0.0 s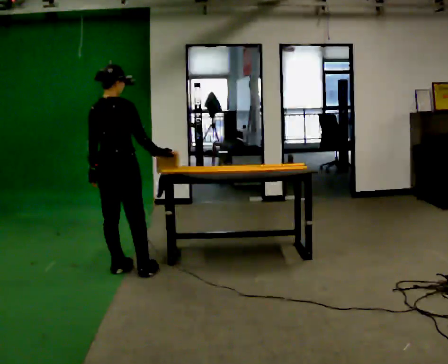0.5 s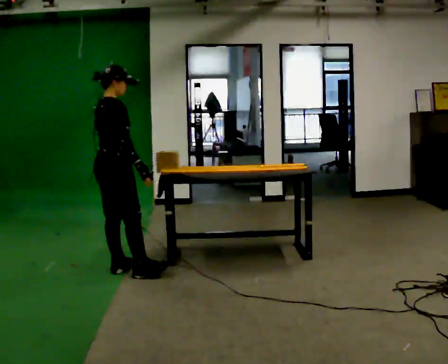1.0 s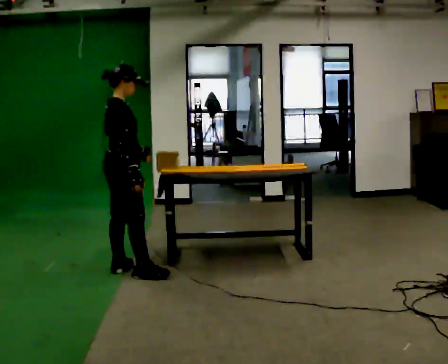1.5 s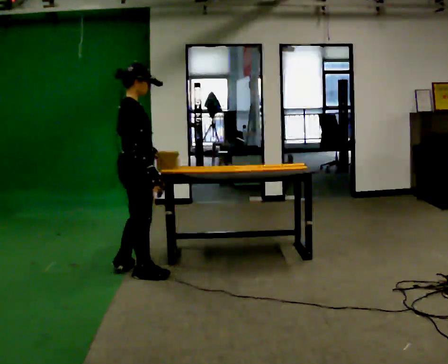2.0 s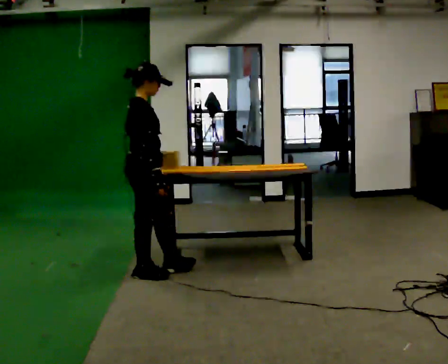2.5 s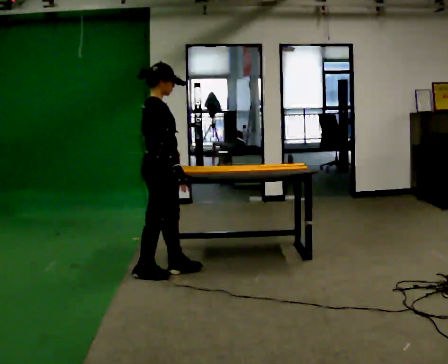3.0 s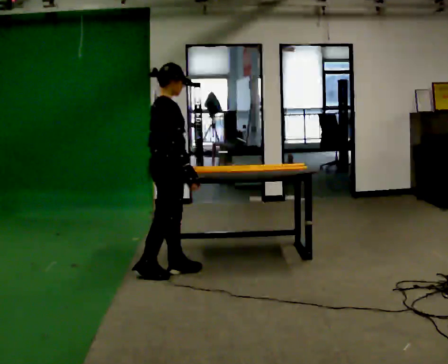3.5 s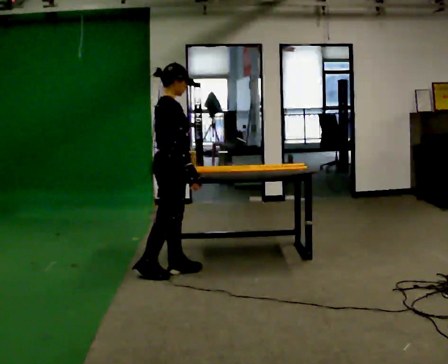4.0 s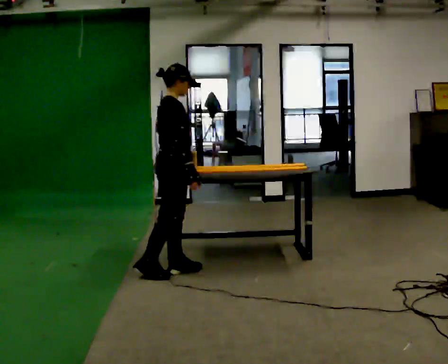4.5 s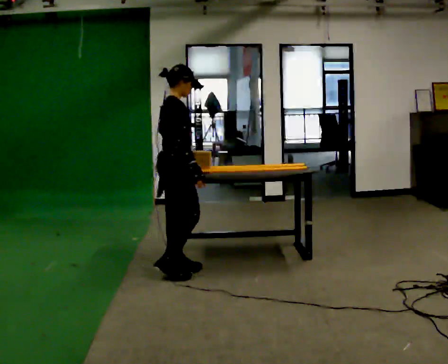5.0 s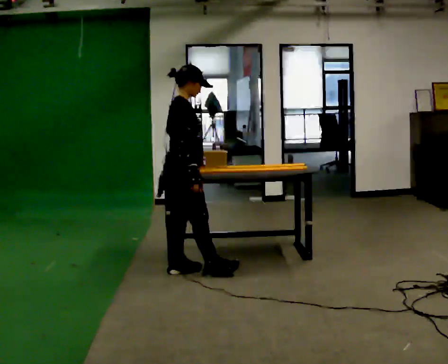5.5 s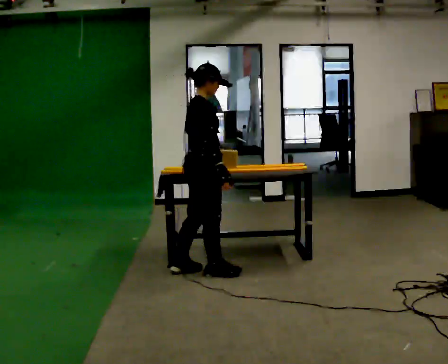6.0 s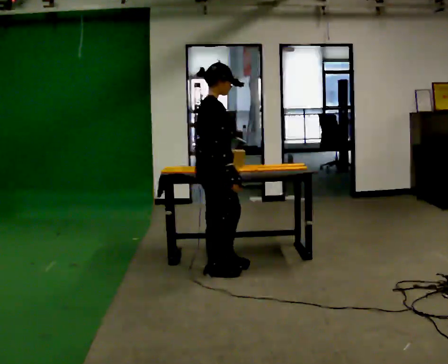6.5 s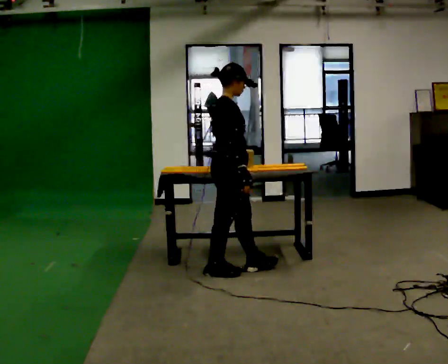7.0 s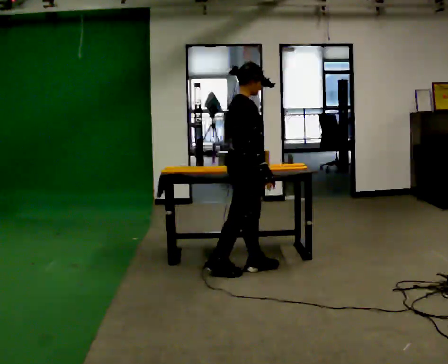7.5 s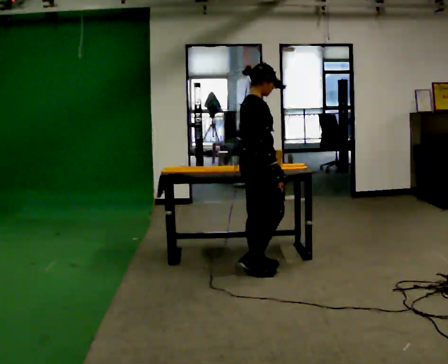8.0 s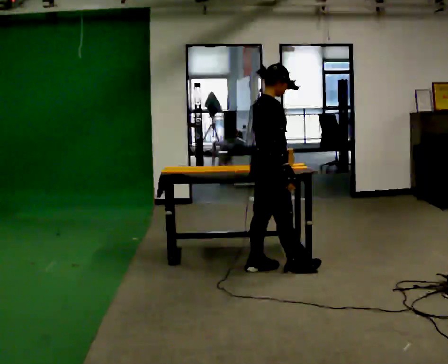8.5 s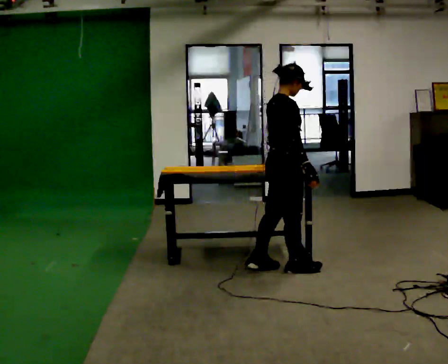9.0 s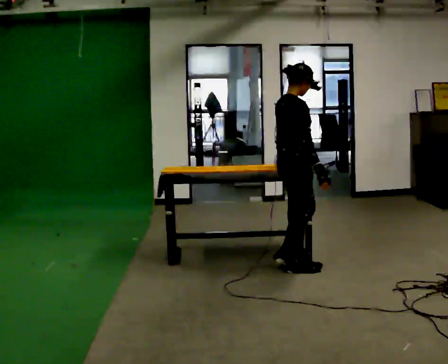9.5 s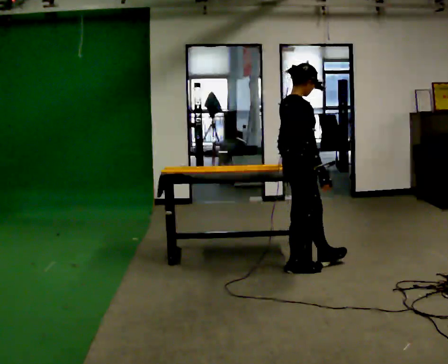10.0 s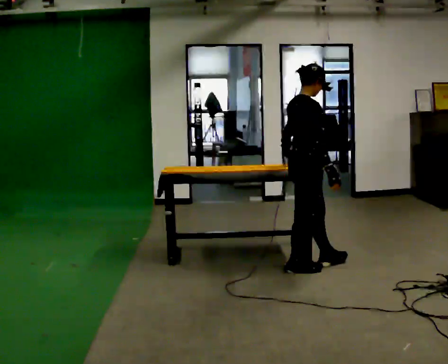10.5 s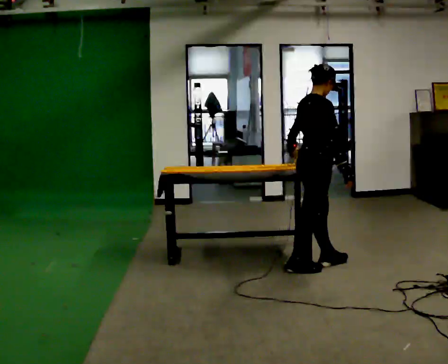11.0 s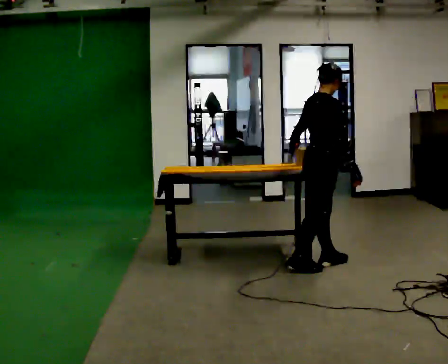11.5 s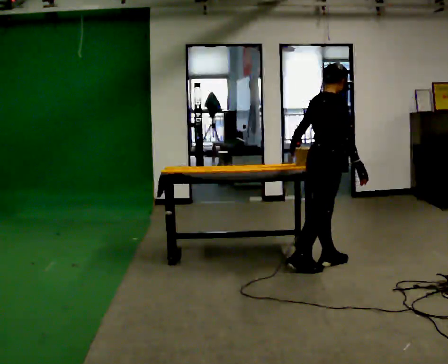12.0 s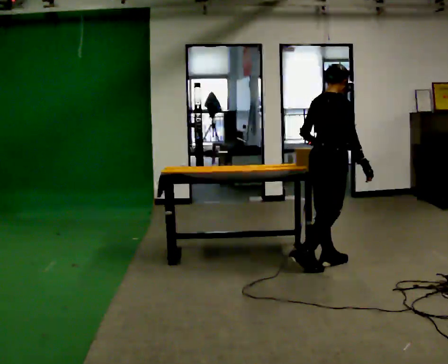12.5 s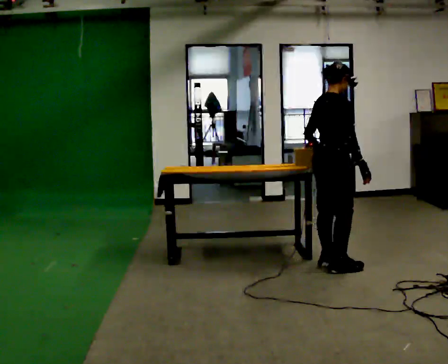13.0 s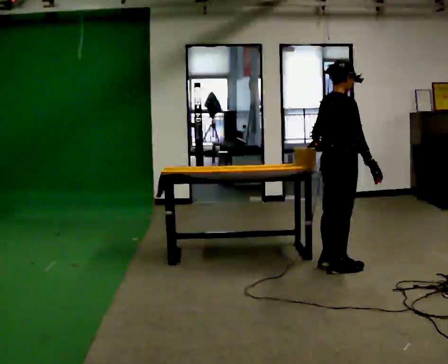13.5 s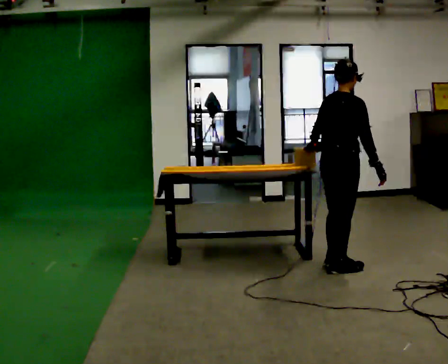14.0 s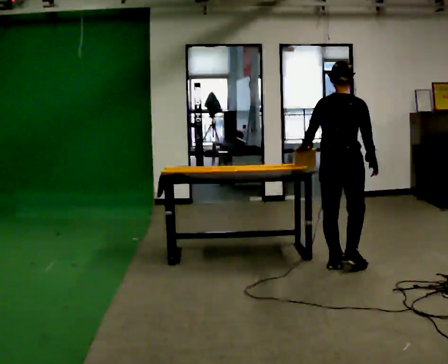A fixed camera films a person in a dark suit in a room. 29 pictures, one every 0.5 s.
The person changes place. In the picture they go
to the right.
0.0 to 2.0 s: Seen from above the body turns clockwise, about 60 degrees: to their right, with its near side sliding to the left. In the picture they go to the right, about 0.25 m, which for them is forward and to their right.
2.0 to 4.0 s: In the picture they go to the right, about 0.25 m in 1 step, which for them is forward.
4.0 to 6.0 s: In the picture they go to the right, about 0.25 m in 1 step, which for them is forward.
6.0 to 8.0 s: In the picture they go to the right, about 0.5 m in 2 steps, which for them is forward.
8.0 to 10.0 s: In the picture they go to the right, about 0.25 m in 1 step, which for them is forward.
10.0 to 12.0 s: In the picture they go to the right, about 0.25 m, which for them is forward.
12.0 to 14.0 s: The person turns about 45 degrees to their left, counterclockwise seen from above, so the part of the body nearest the lens slides to the right.
The film runs forward here.
